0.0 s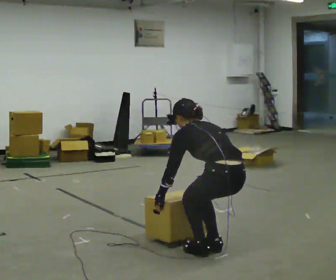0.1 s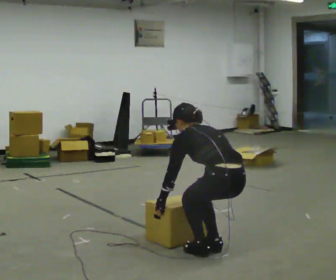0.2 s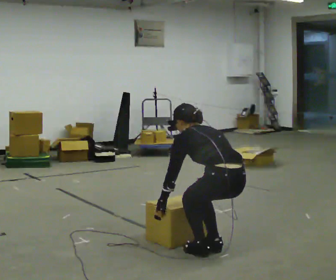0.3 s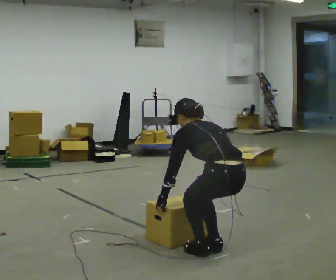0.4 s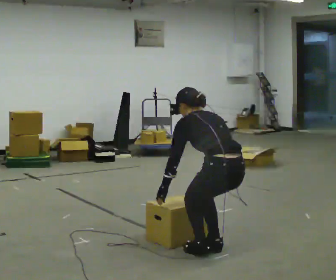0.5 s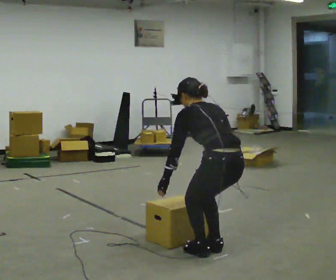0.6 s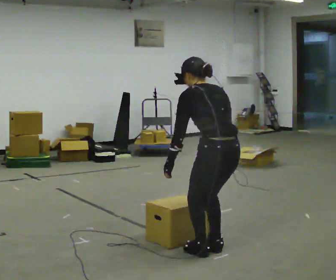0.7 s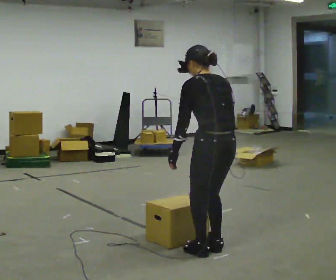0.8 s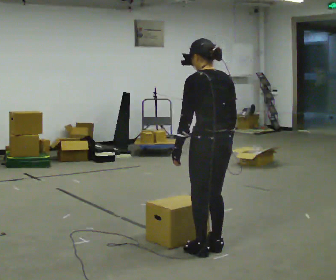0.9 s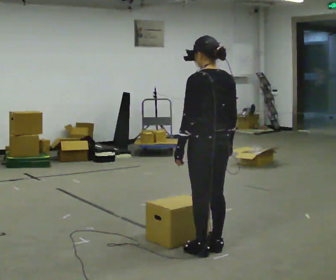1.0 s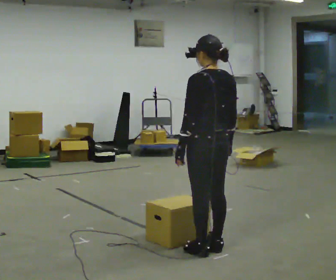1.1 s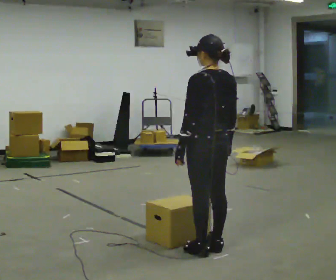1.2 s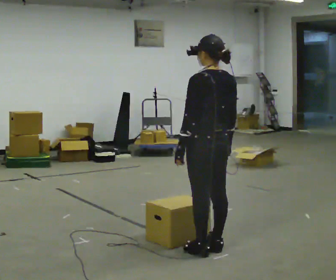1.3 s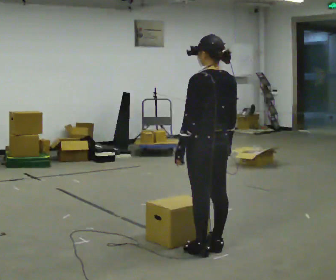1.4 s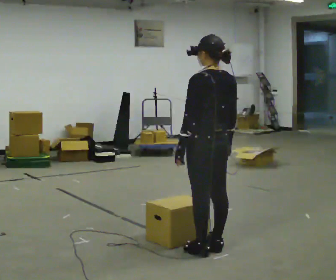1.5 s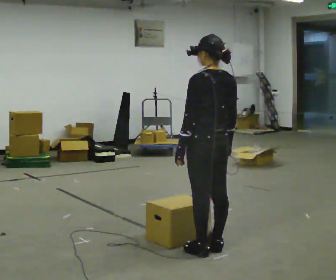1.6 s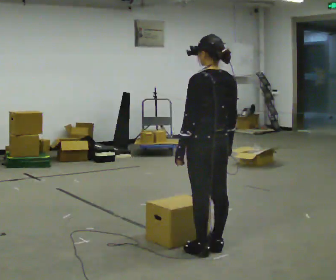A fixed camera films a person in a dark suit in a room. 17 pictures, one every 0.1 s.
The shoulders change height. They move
upward.
0.0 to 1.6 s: The shoulders move upward. In the picture the upper body tilts clockwise, shoulders to the right, as they lean back or straighten. In the picture their right hand goes upward.
The film runs backward here.
